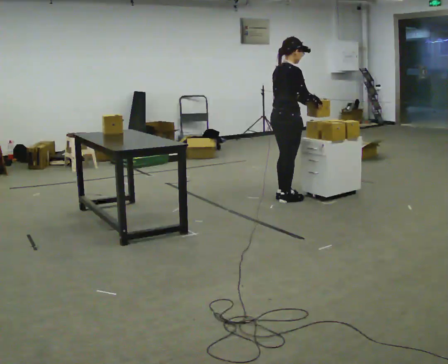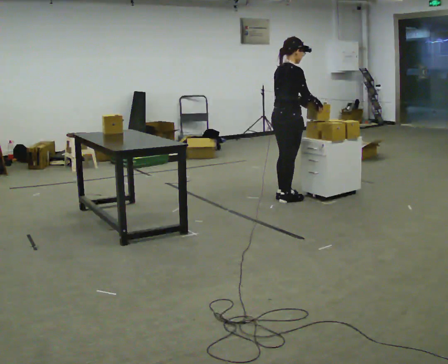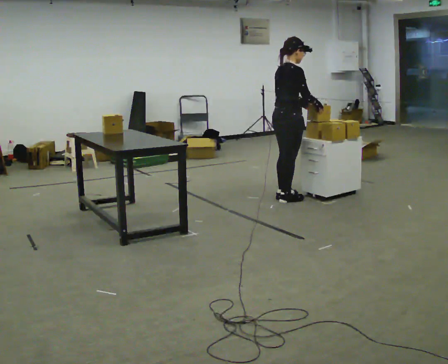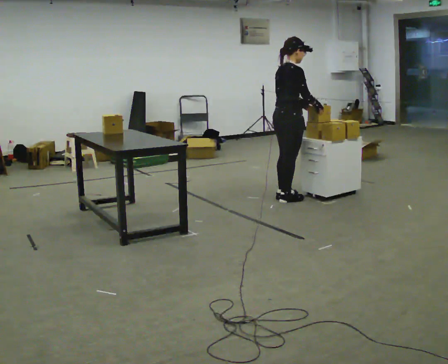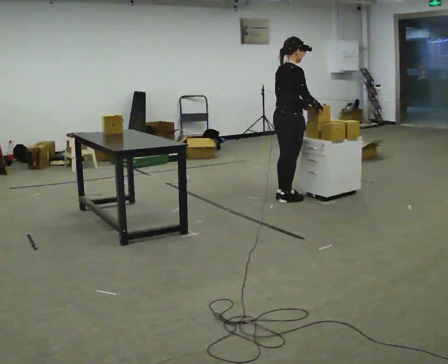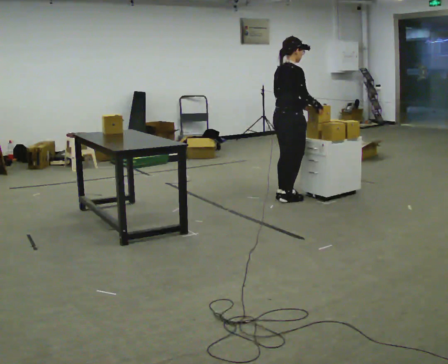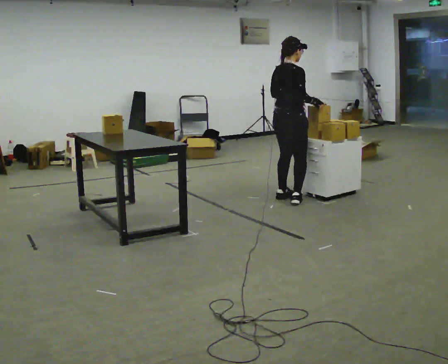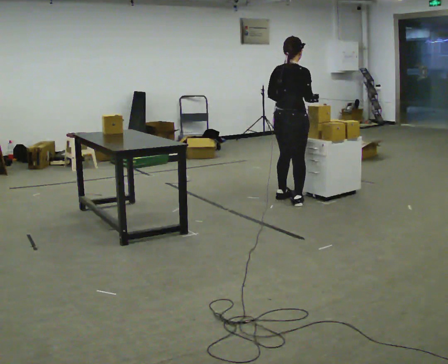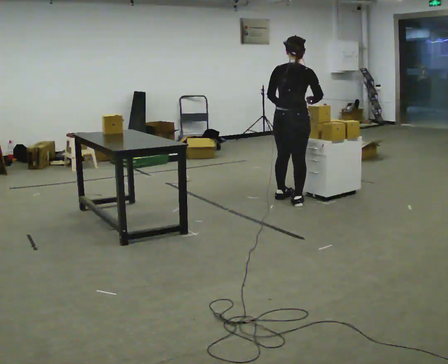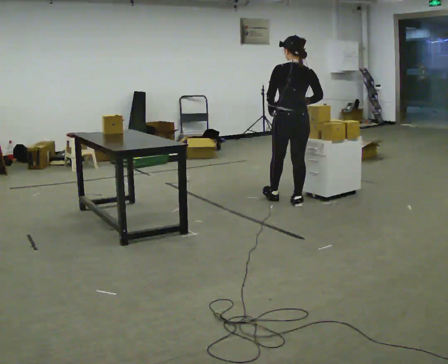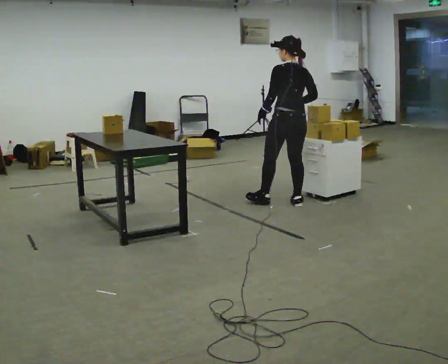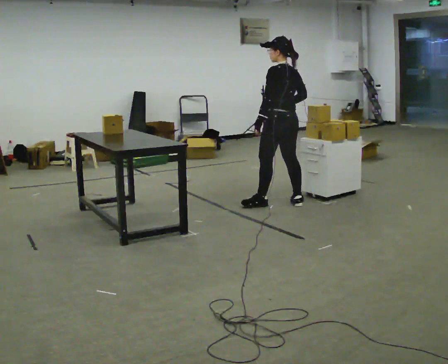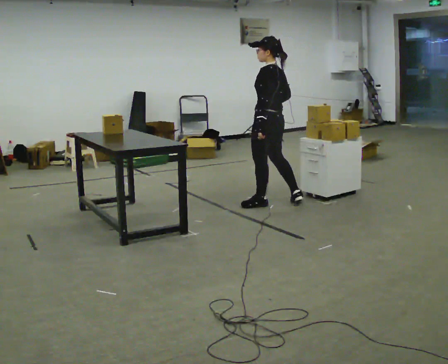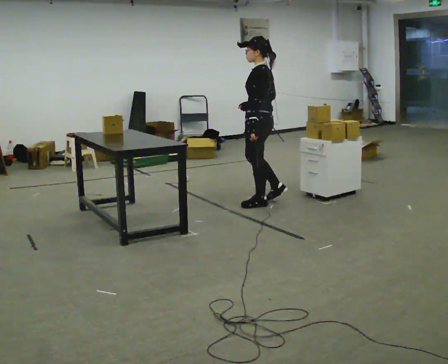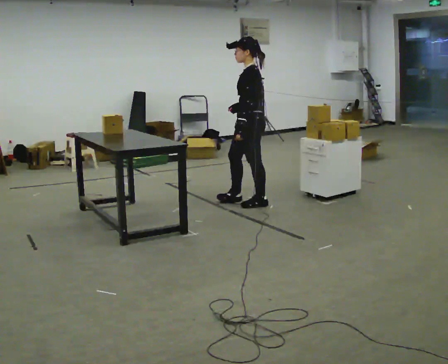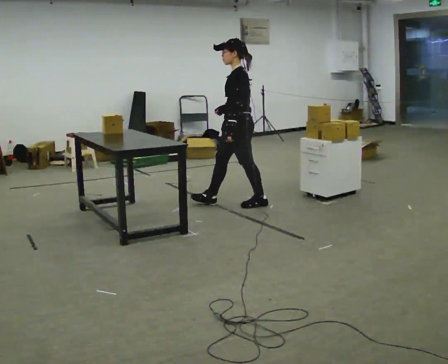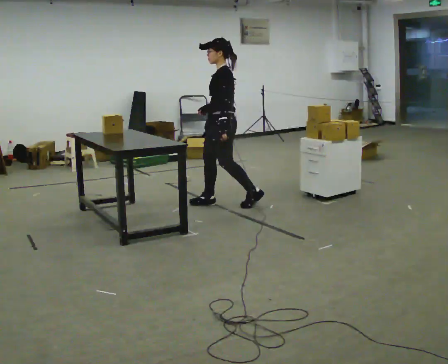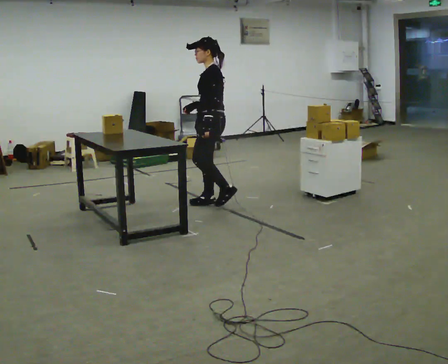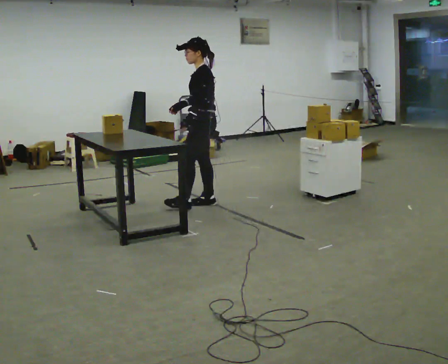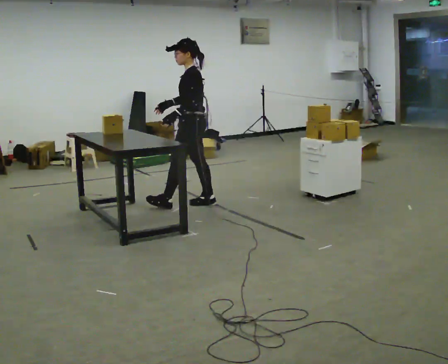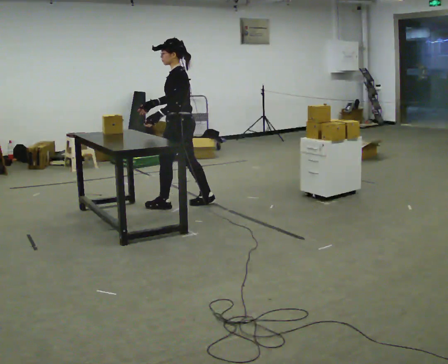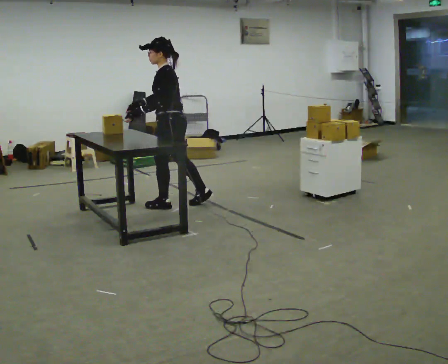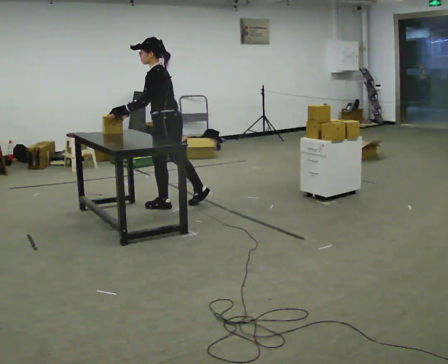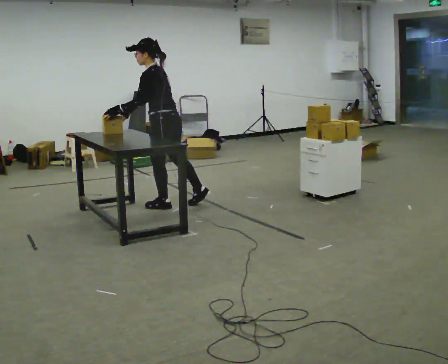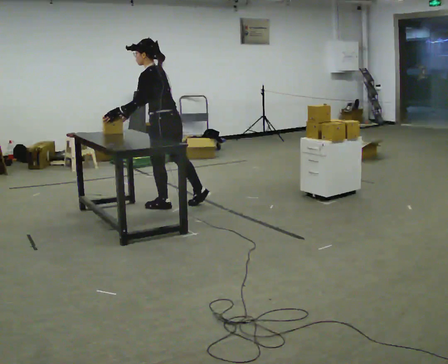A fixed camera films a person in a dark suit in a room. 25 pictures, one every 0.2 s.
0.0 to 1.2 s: The person moves a little, or ends about where they began.
1.2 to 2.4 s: The part of the body nearest the lens slides to the right as the person turns to their left by about 105 degrees. In the picture they go toward the camera and to the left, about 0.25 m in 2 steps.
2.4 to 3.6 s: The part of the body nearest the lens slides to the right as the person turns to their left by about 45 degrees. In the picture they go to the left, about 0.5 m in 1 step, which for them is forward.
3.6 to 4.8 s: The part of the body nearest the lens slides to the left as the person turns to their right by about 30 degrees. In the picture they go to the left, about 0.25 m in 1 step, which for them is forward and to their left. In the picture the upper body tilts counterclockwise, shoulders to the left, as they bend forward.
The film runs forward here.
